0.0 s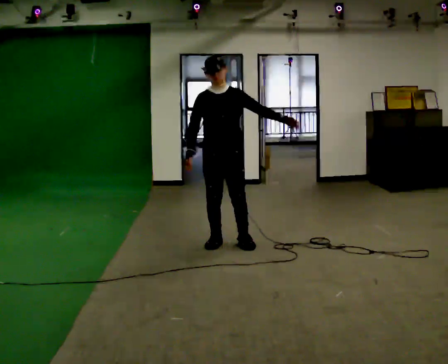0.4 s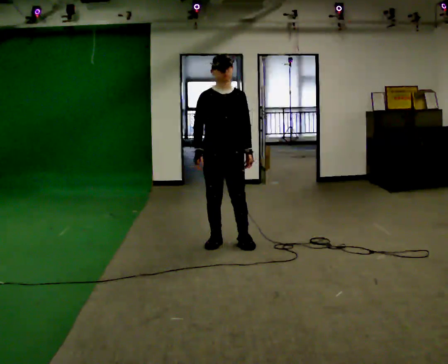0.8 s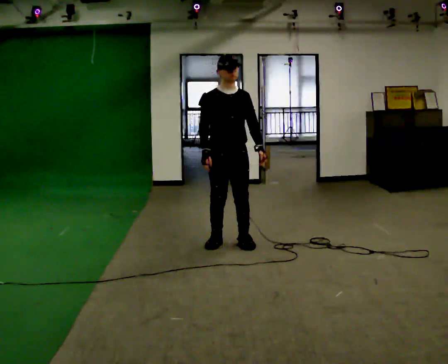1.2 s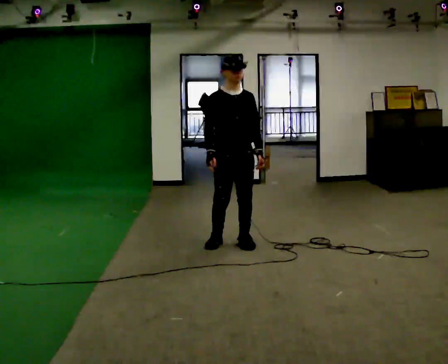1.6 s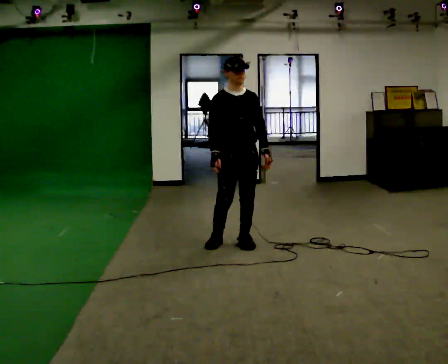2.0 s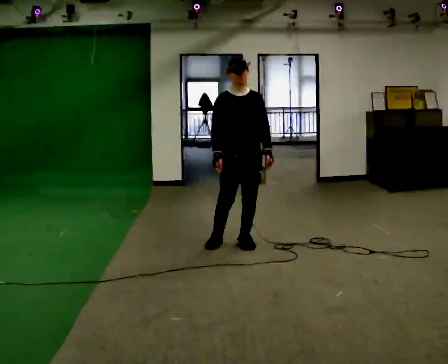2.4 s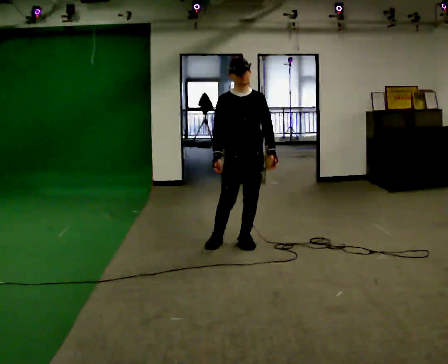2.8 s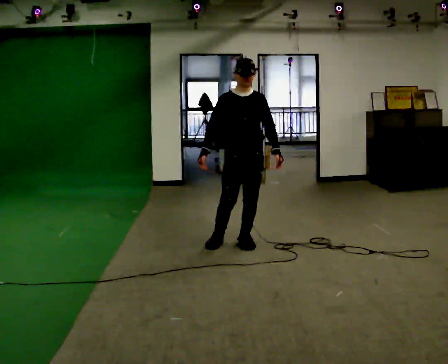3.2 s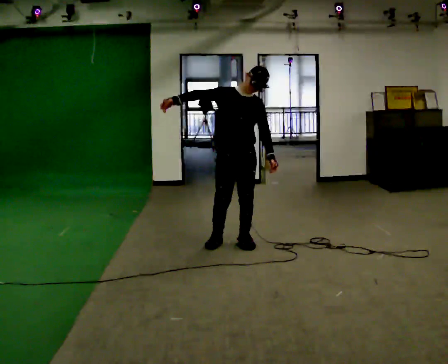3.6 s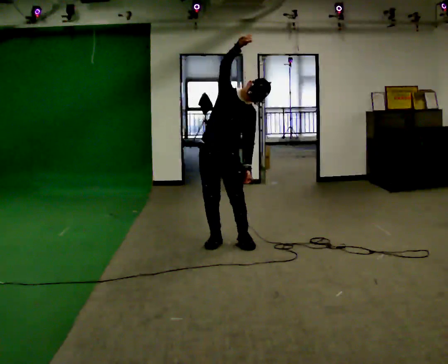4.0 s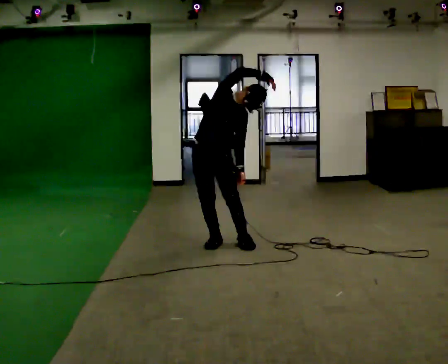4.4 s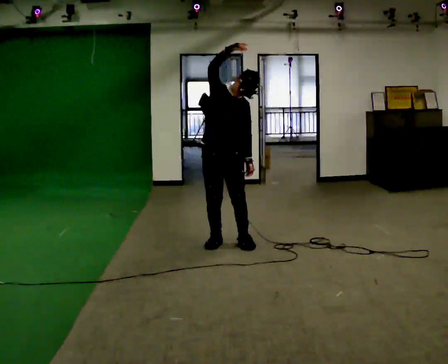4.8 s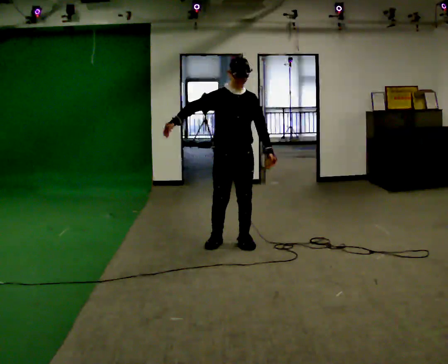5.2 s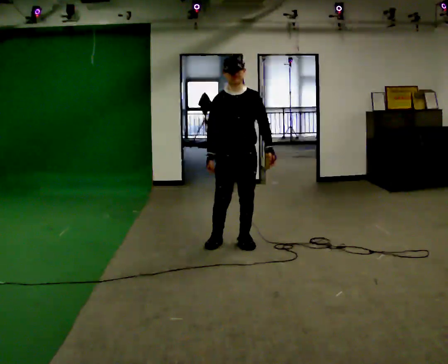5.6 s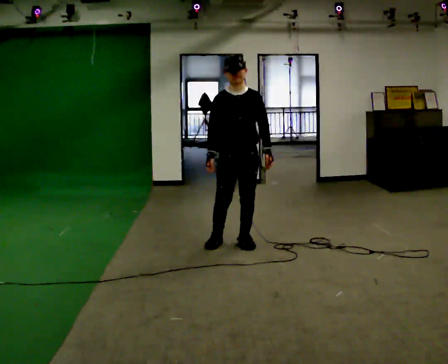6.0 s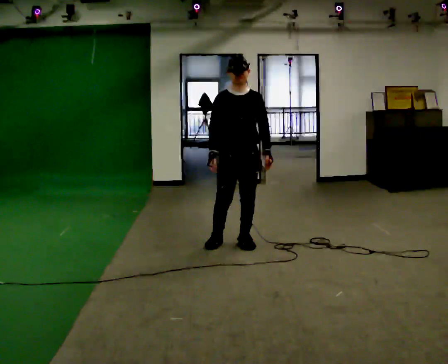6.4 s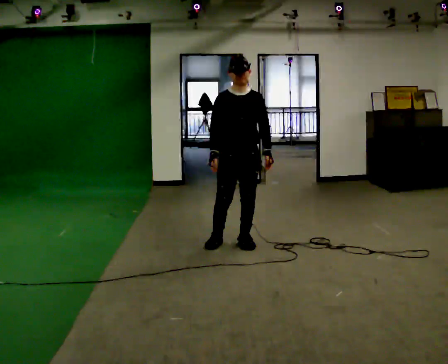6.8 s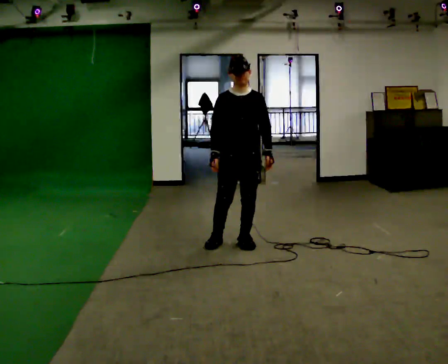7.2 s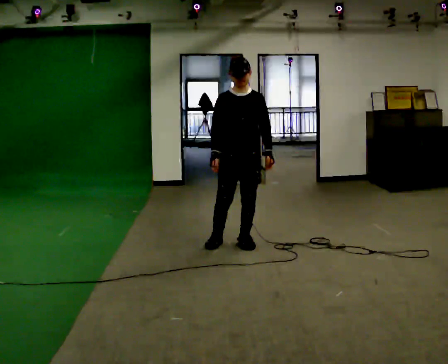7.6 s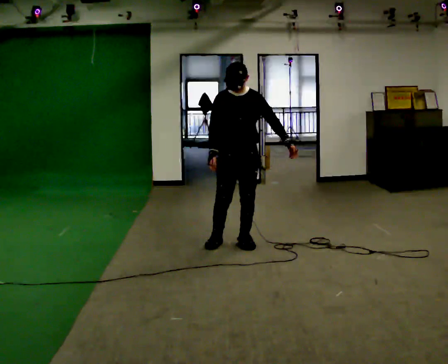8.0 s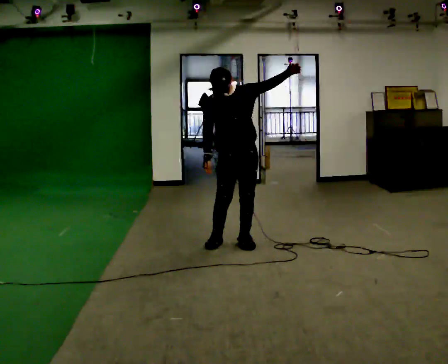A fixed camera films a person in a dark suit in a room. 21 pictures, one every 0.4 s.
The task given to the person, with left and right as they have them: Keeping your feet still and facing forward, bend your upper body sideways to one side, return upright, then bend to the other side. Reach the arm overhead as you bend. Repeat the movement at your own pace until the operator says stop; do not rush.
0.0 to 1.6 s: The person moves a little, or ends about where they began.
1.6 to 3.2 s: In the picture their right hand goes upward and to the left, the arm swinging clockwise.
3.2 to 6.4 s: In the picture their right hand goes downward.
6.4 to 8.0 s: In the picture their left hand goes upward, the arm swinging counterclockwise.
The film runs forward here.
